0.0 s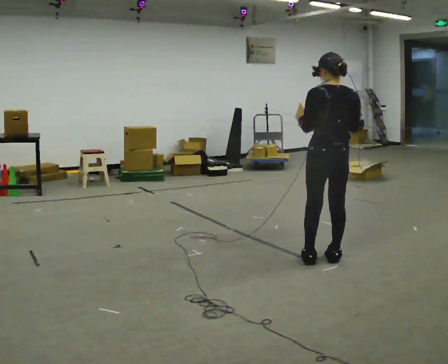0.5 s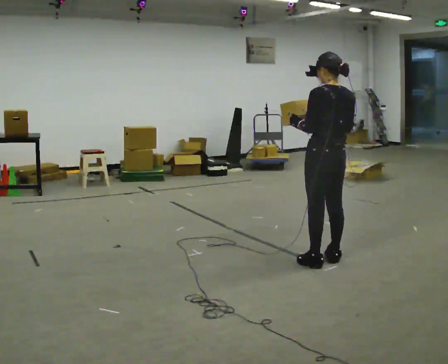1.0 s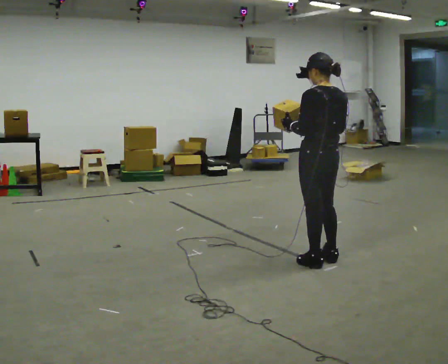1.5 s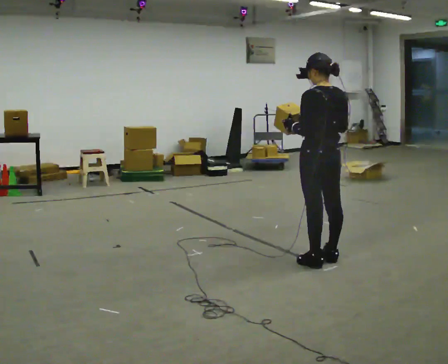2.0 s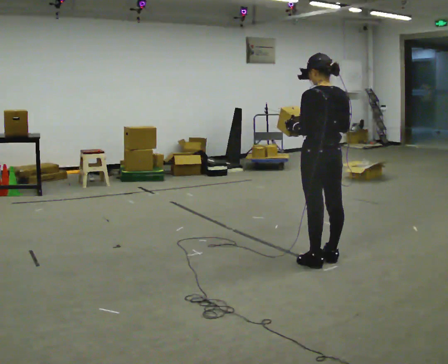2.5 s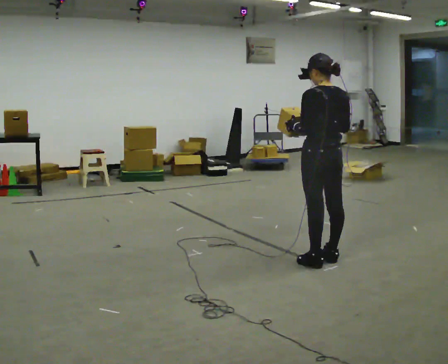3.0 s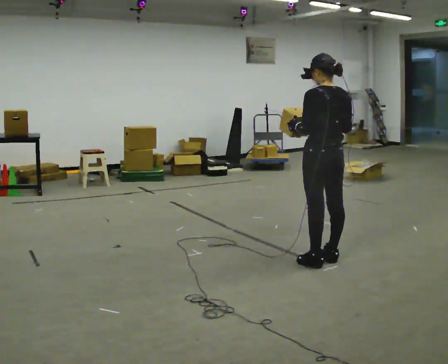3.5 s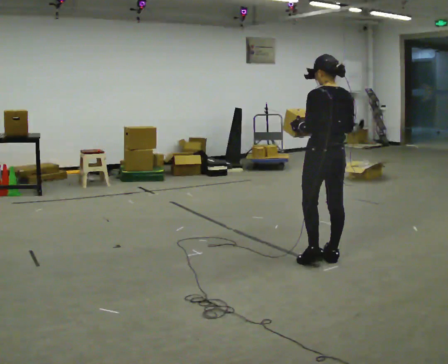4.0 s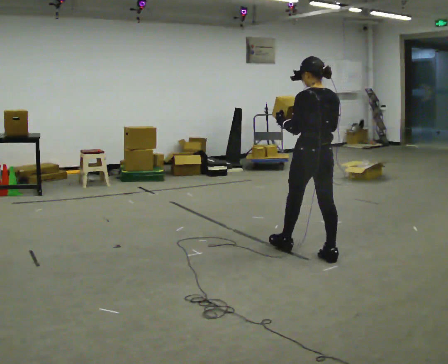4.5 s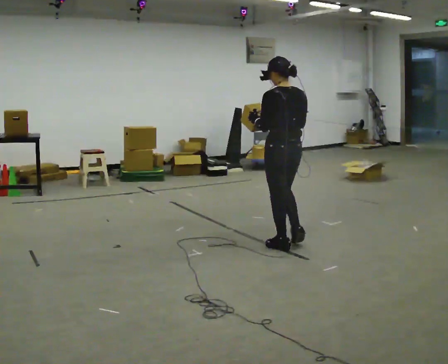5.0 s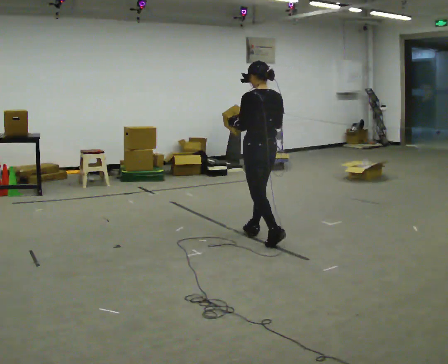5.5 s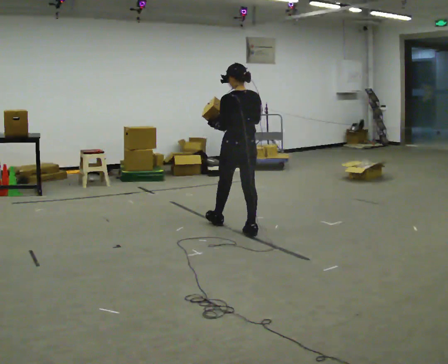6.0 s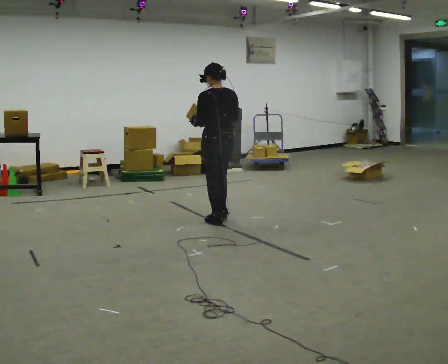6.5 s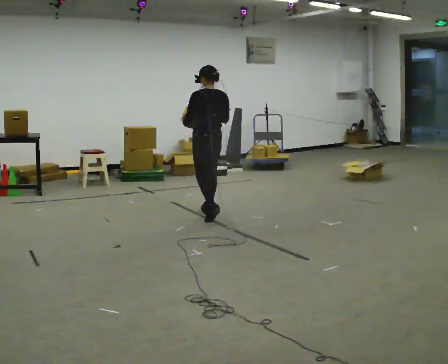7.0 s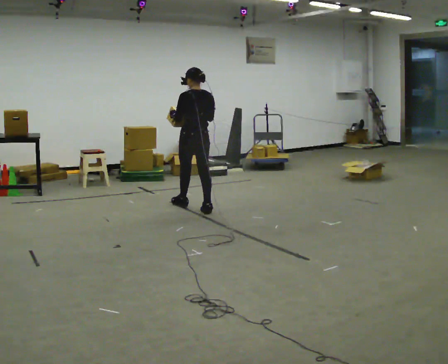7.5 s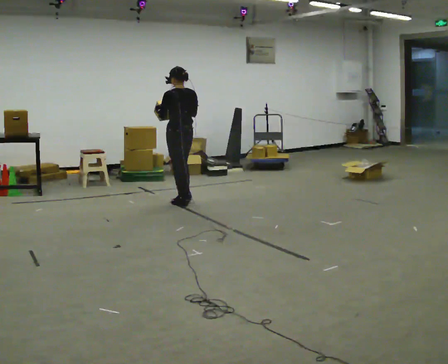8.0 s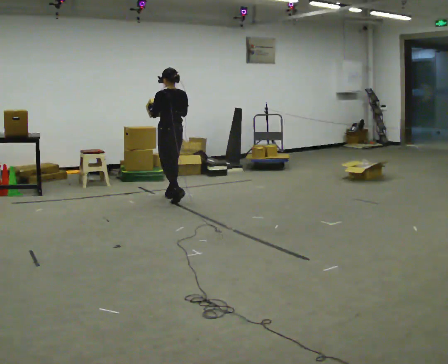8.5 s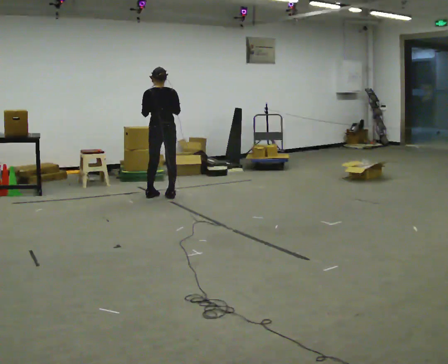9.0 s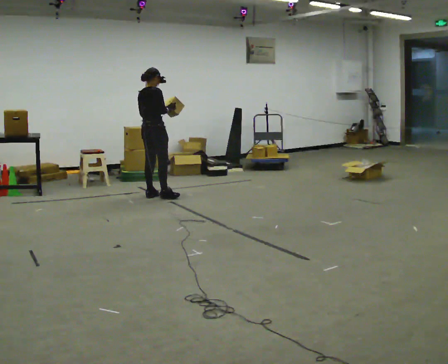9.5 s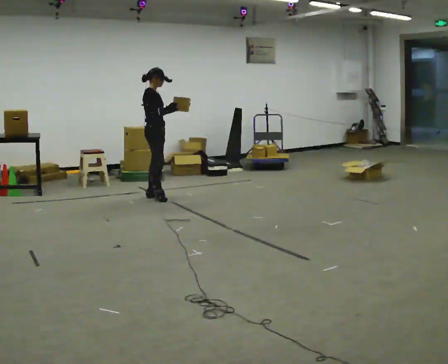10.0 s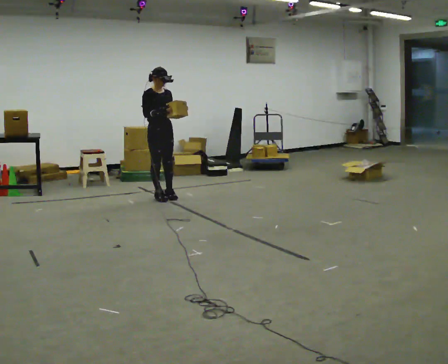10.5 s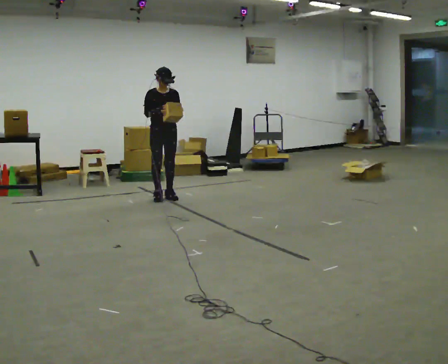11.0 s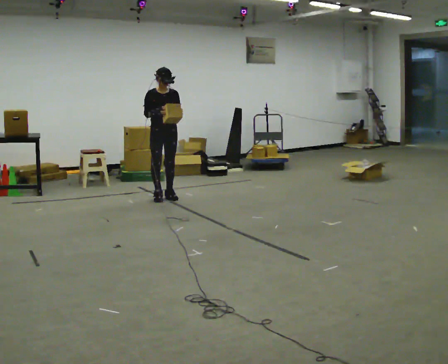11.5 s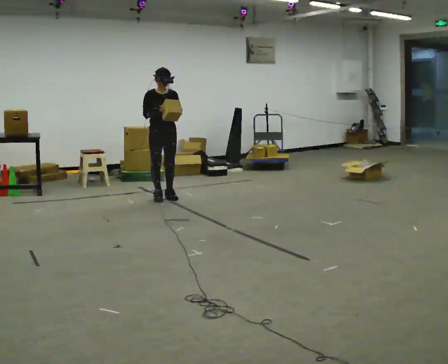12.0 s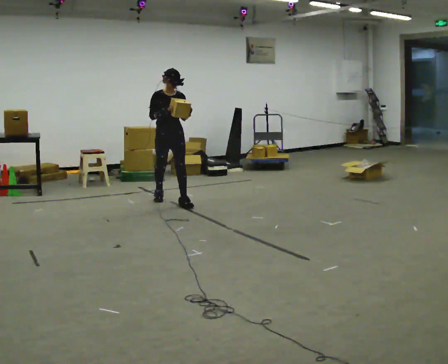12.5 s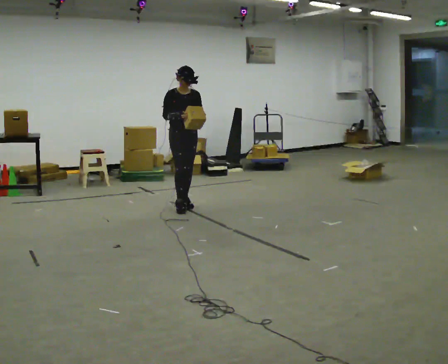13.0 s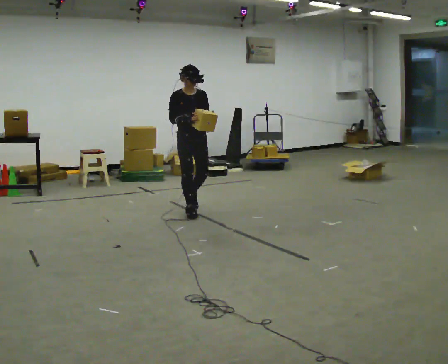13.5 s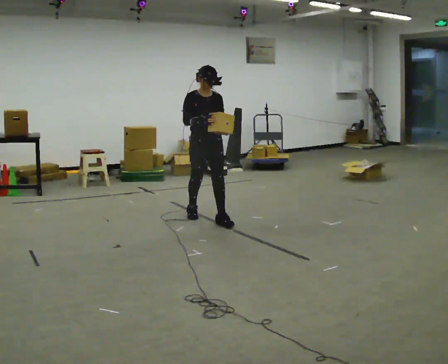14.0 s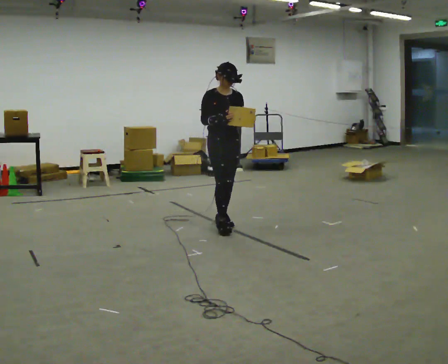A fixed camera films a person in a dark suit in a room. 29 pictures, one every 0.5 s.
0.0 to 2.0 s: The person moves a little, or ends about where they began.
2.0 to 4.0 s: In the picture they go away from the camera, about 0.25 m in 1 step, which for them is forward.
4.0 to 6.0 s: In the picture they go away from the camera and to the left, about 1.5 m in 2 steps, which for them is forward.
6.0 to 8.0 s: In the picture they go away from the camera and to the left, about 1 m in 3 steps, which for them is forward.
8.0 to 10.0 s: The person turns about 180 degrees to their right, clockwise seen from above, so the part of the body nearest the lens slides to the left.
10.0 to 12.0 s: In the picture they go toward the camera and to the right, about 0.25 m in 1 step, which for them is forward.
12.0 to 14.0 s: In the picture they go toward the camera and to the right, about 1 m in 2 steps, which for them is forward.
The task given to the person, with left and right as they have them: Carry the box and, while you are still walking, turn it so you can read the label, read it out loud, then carry on. Repeat with the next box. Do not stop to read it.
The film runs forward here.
